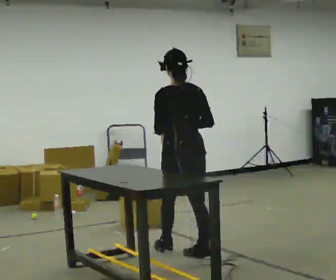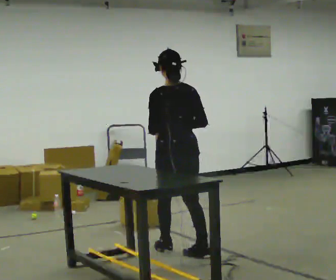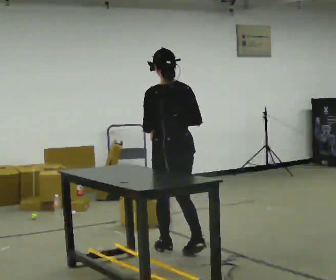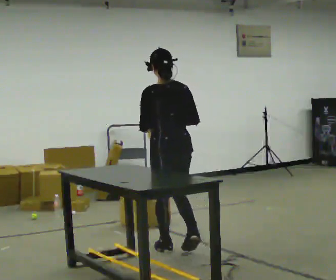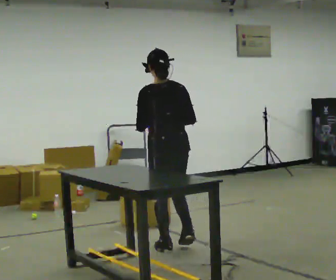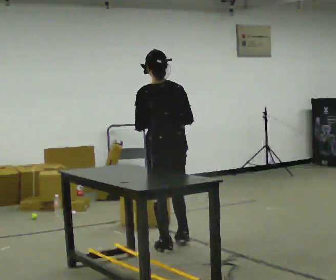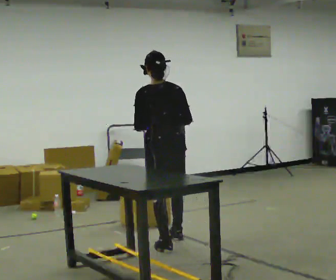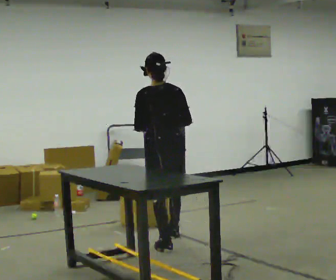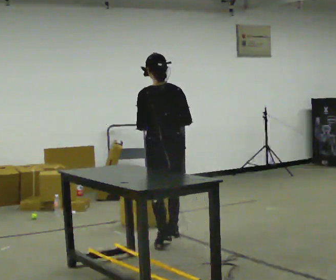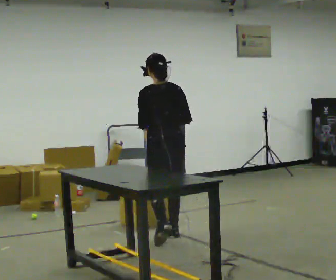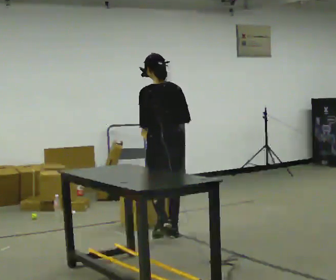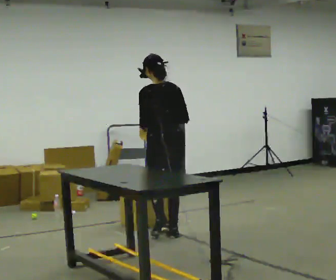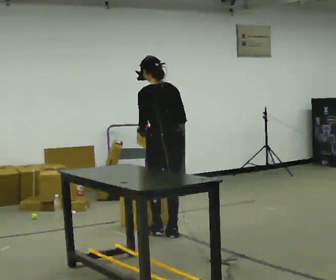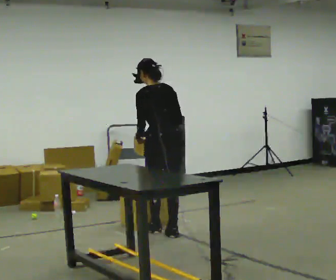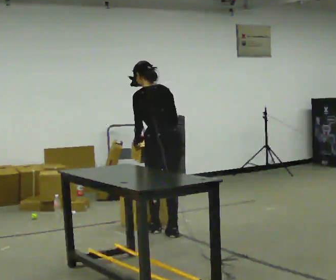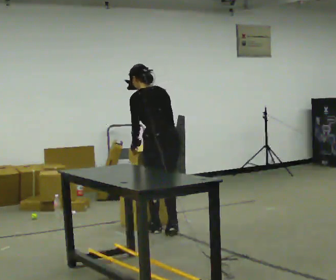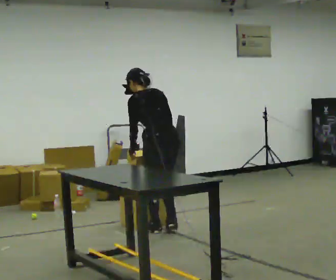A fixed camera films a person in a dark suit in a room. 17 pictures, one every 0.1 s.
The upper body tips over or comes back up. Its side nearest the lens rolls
upward.
0.0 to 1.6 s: In the picture they go away from the camera, about 0.5 m in 2 steps, which for them is forward. The upper body tips away from the camera, its near side rolling upward, as they bend forward.
The film runs forward here.
